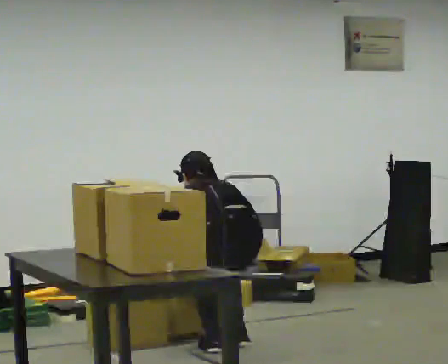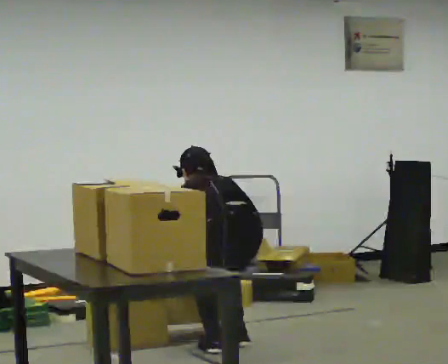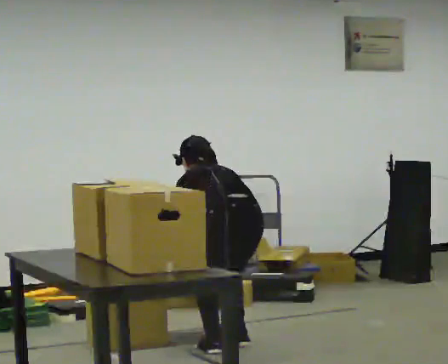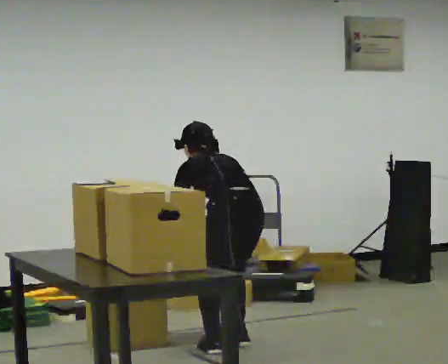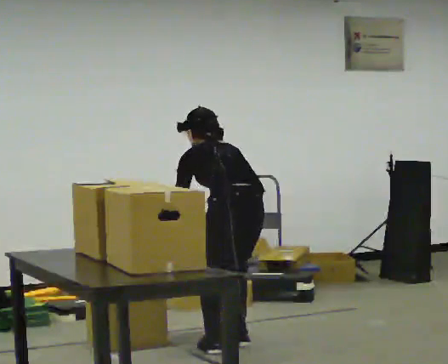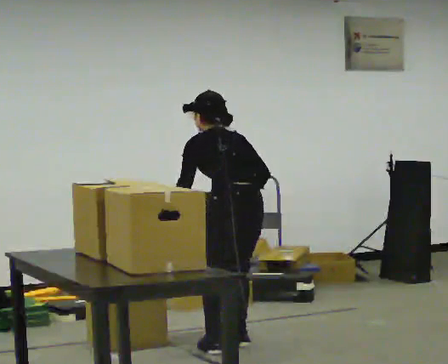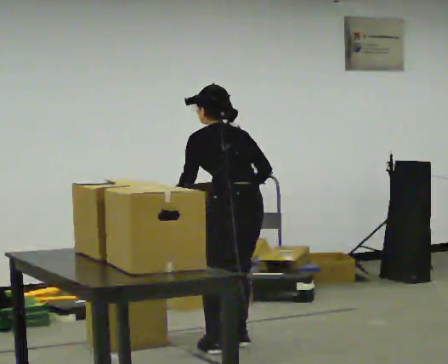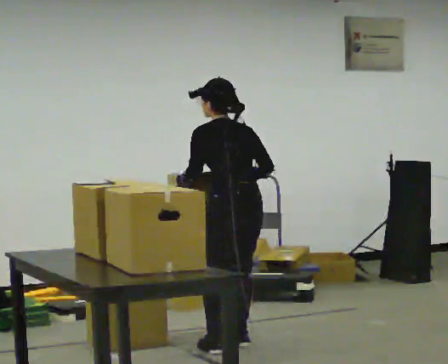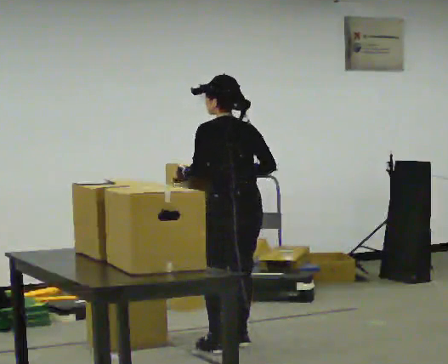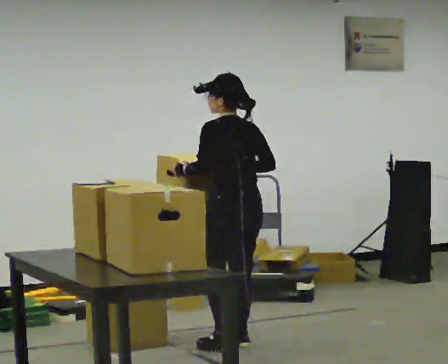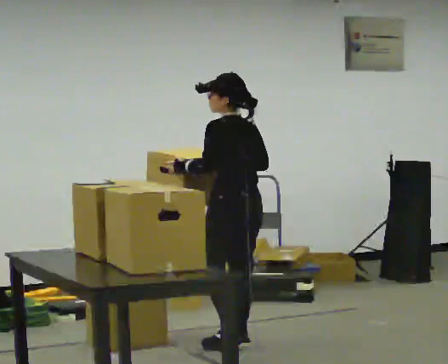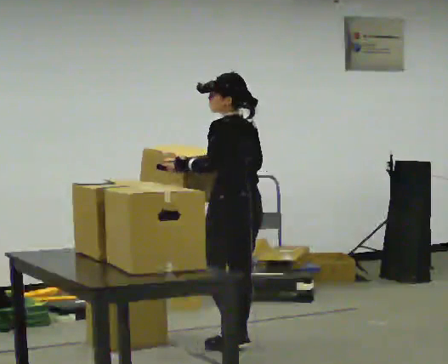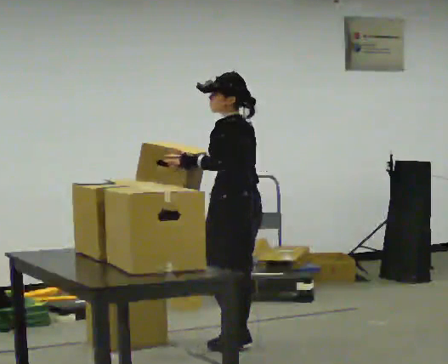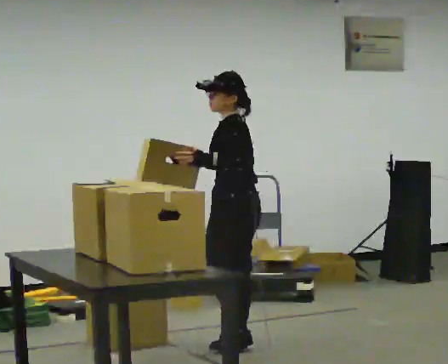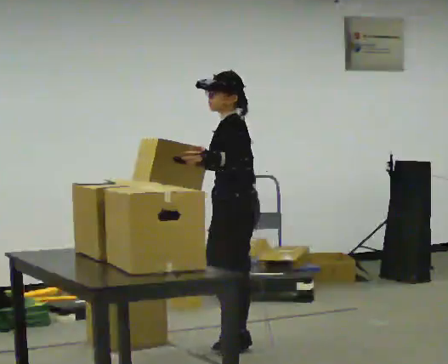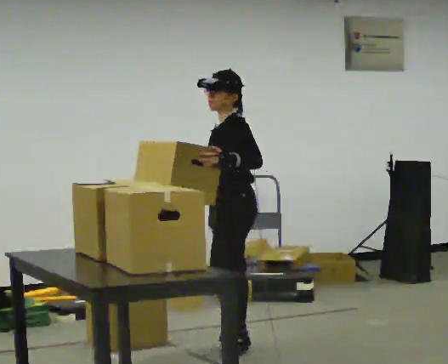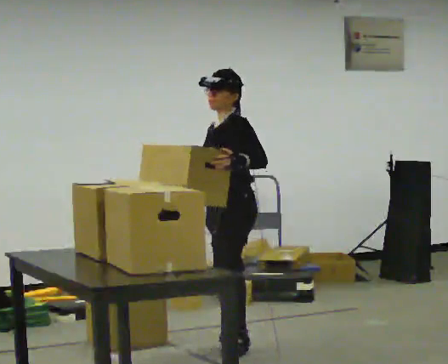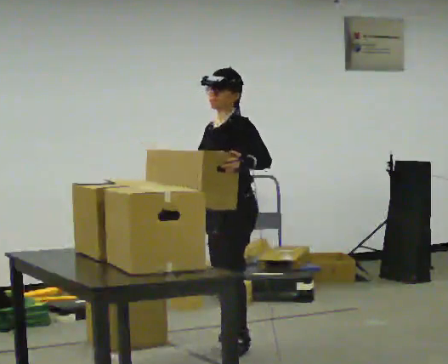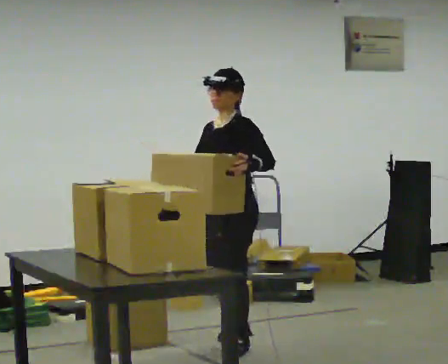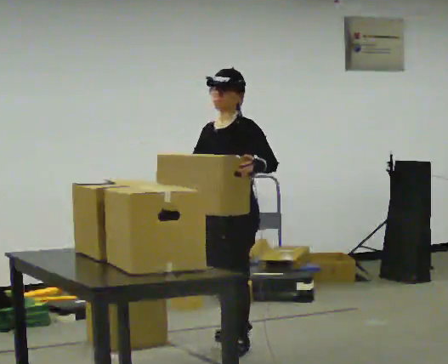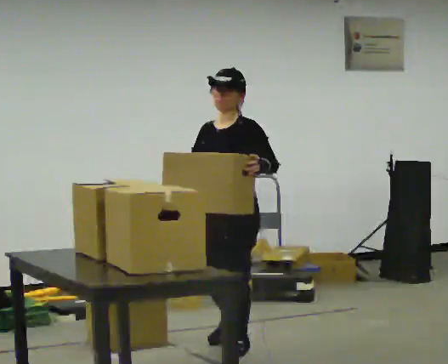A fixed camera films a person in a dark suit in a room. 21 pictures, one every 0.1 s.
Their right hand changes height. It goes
upward.
The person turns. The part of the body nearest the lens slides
to the right.
0.0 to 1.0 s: The upper body goes upward. The upper body tips toward the camera, its near side rolling downward, as they lean back or straighten. In the picture their right hand goes upward.
1.0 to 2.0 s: The person turns about 90 degrees to their left, counterclockwise seen from above, so the part of the body nearest the lens slides to the right. In the picture they go toward the camera, about 0.25 m in 1 step. In the picture their left hand goes to the right.
The film runs forward here.
